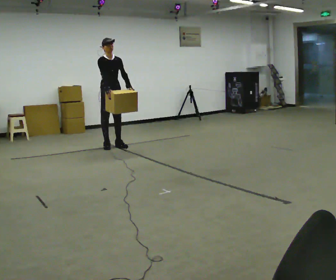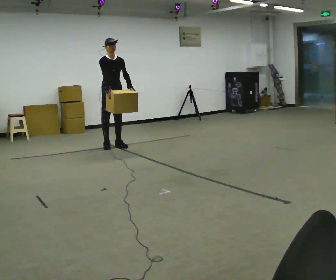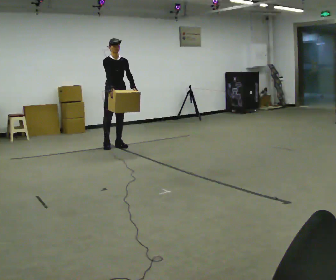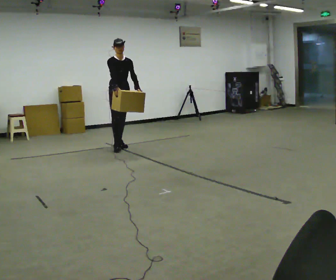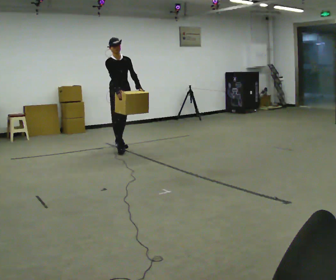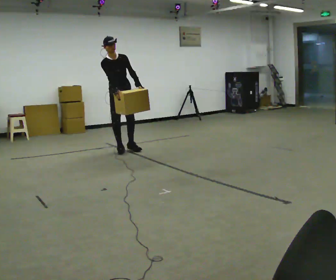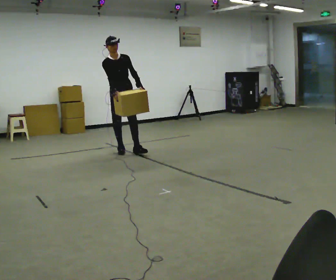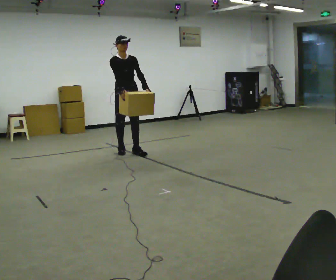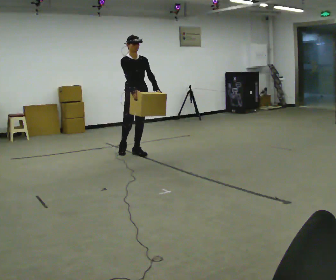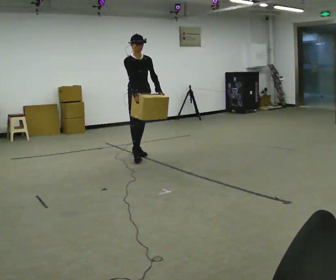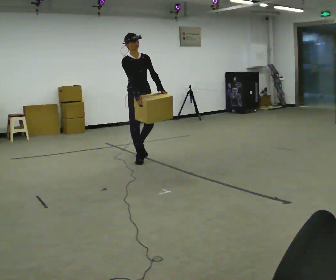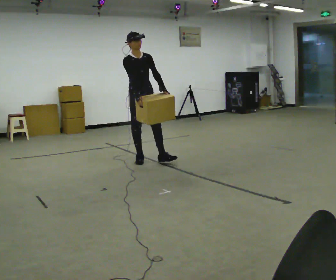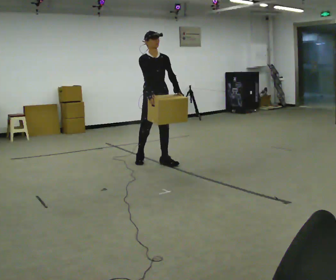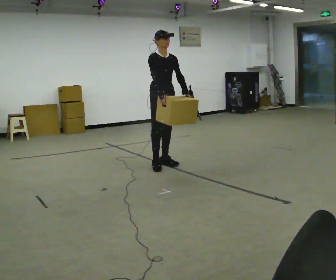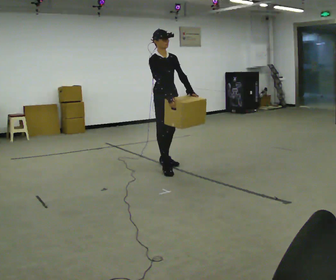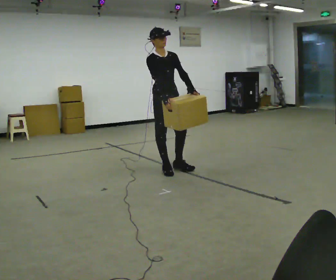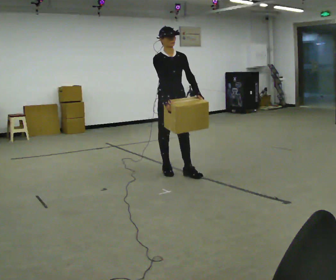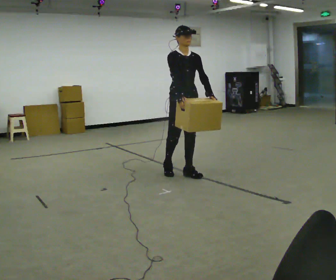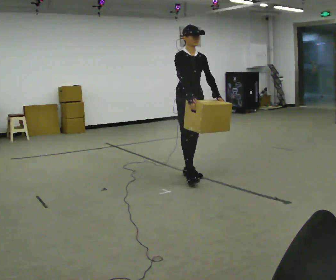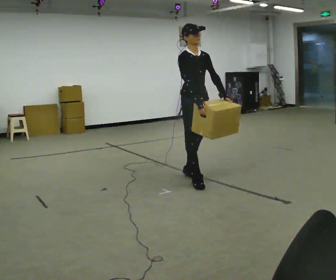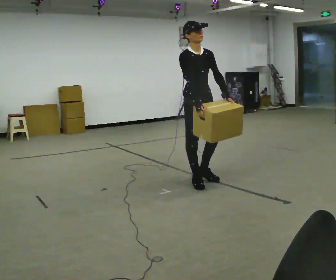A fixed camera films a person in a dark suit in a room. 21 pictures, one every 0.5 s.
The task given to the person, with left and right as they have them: Carry the box across the room, back and forth. The operator will swap between the box with handles and the one without.
0.0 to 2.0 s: In the picture they go toward the camera and to the right, about 0.25 m in 1 step, which for them is forward.
2.0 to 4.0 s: In the picture they go toward the camera and to the right, about 0.5 m in 1 step, which for them is forward.
4.0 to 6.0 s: In the picture they go toward the camera and to the right, about 0.5 m in 2 steps, which for them is forward.
6.0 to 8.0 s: In the picture they go toward the camera, about 0.5 m in 2 steps, which for them is forward.
8.0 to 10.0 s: In the picture they go toward the camera and to the right, about 0.5 m in 1 step, which for them is forward.
The film runs forward here.
